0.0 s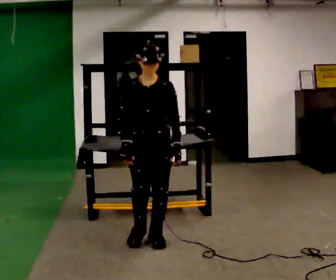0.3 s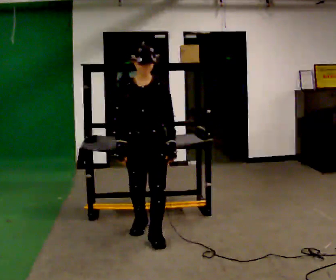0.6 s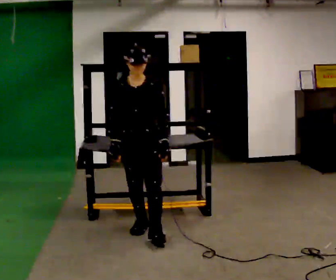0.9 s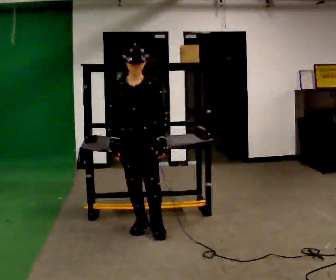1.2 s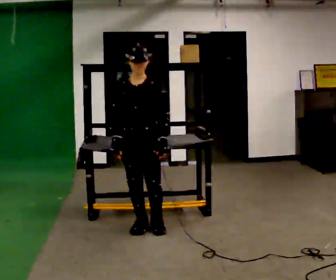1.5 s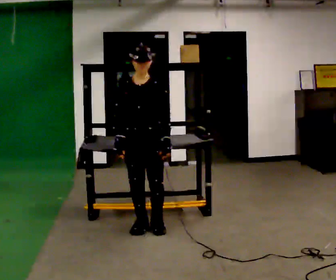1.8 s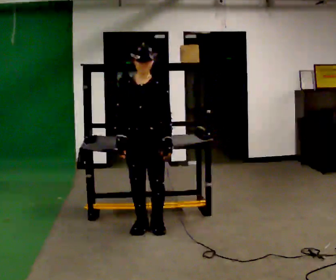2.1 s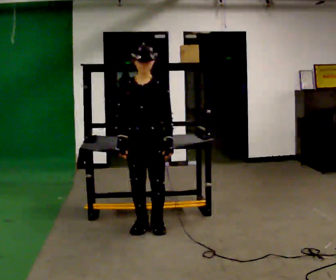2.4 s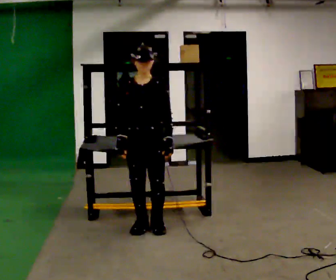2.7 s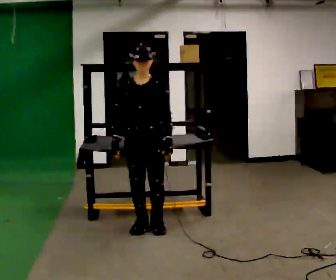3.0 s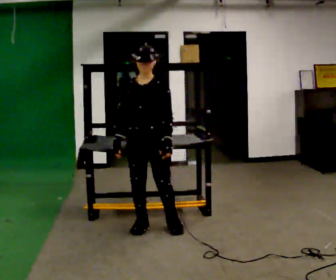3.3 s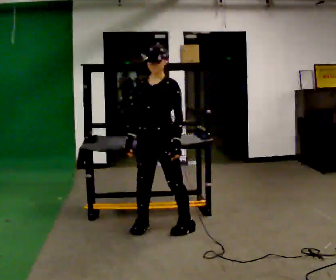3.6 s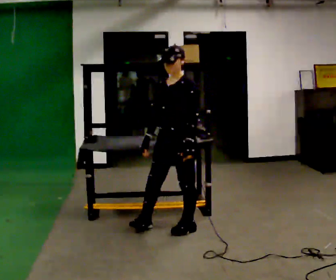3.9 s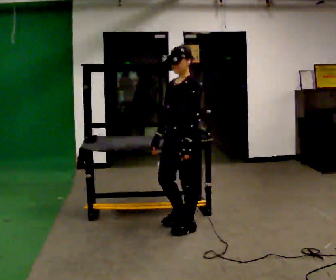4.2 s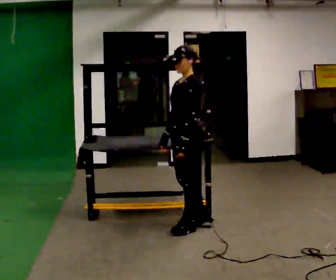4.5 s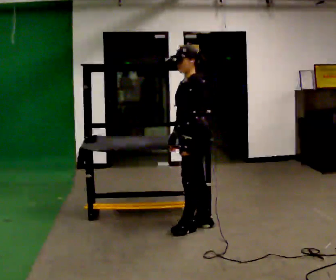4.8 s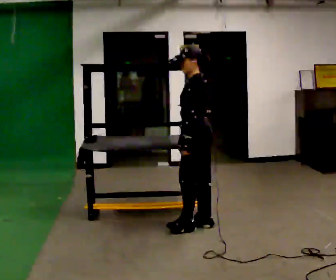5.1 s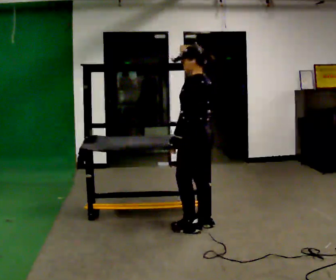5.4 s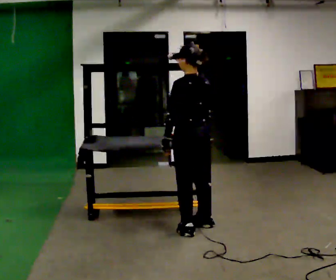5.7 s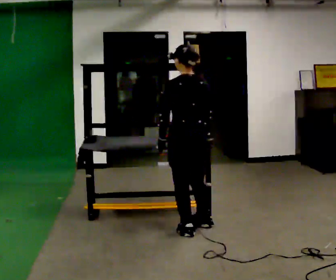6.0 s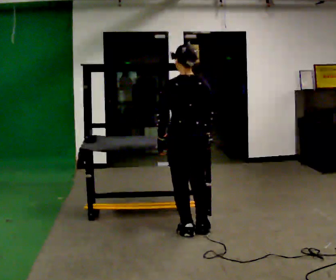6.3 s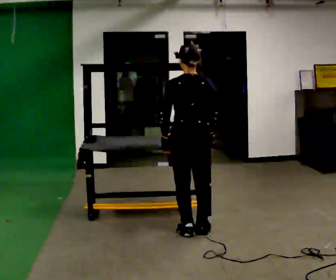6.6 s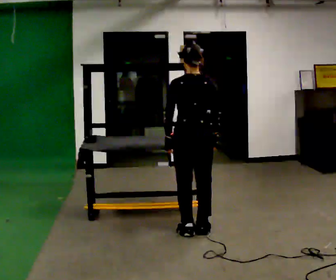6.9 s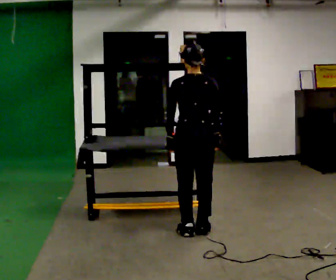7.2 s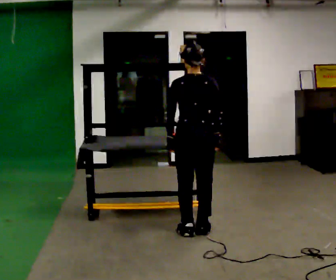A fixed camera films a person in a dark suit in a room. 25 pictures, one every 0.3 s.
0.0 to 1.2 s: In the picture they go away from the camera, about 0.25 m in 1 step, which for them is backward and to their right.
1.2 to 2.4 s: The person moves a little, or ends about where they began.
2.4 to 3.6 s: Seen from above the body turns clockwise, about 45 degrees: to their right, with its near side sliding to the left. In the picture they go to the right, about 0.25 m in 2 steps, which for them is to their left.
3.6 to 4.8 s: The part of the body nearest the lens slides to the left as the person turns to their right by about 60 degrees. In the picture they go to the right, about 0.25 m, which for them is backward. In the picture their right hand goes to the right.
4.8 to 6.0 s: Seen from above the body turns clockwise, about 75 degrees: to their right, with its near side sliding to the left. In the picture they go toward the camera, about 0.25 m in 2 steps.
6.0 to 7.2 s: The person moves a little, or ends about where they began.
The film runs backward here.
